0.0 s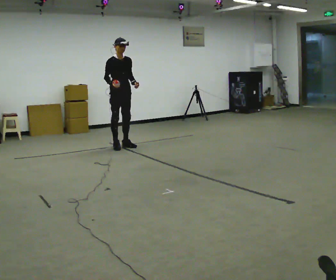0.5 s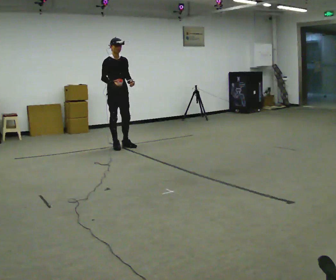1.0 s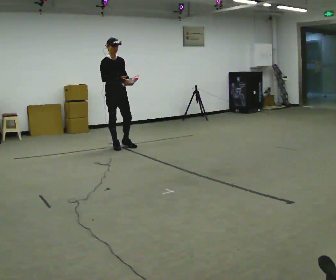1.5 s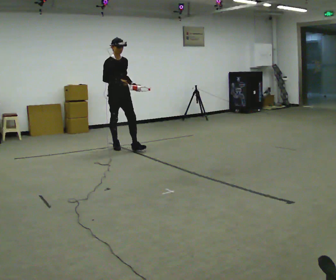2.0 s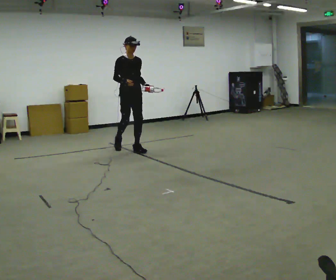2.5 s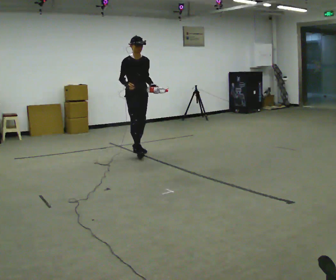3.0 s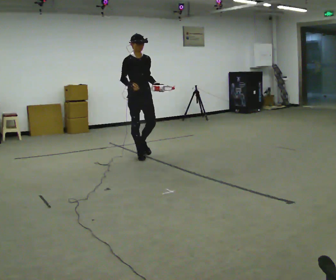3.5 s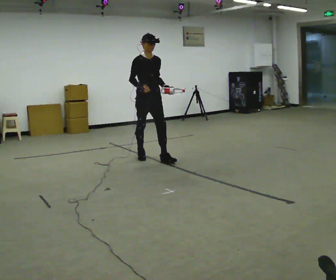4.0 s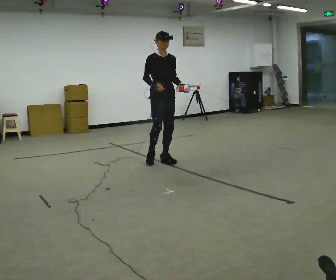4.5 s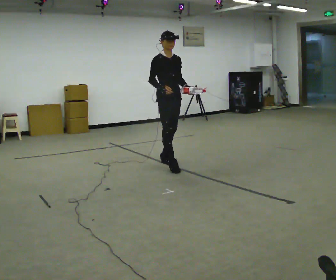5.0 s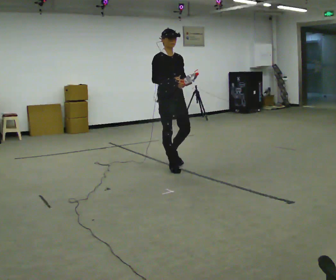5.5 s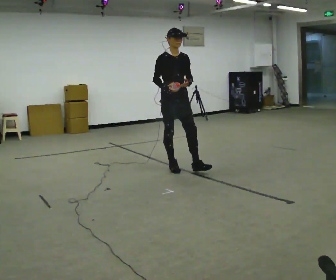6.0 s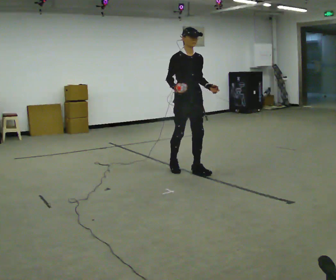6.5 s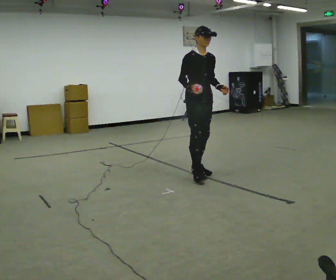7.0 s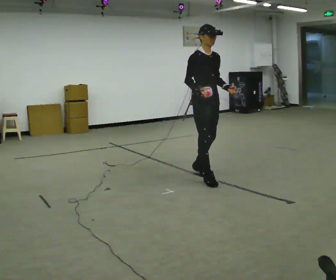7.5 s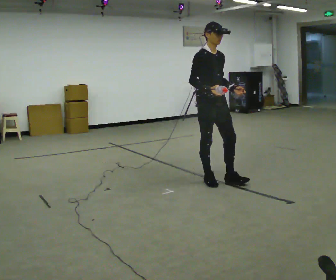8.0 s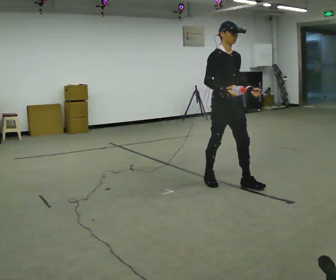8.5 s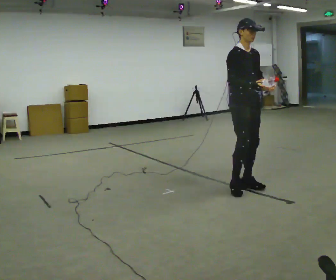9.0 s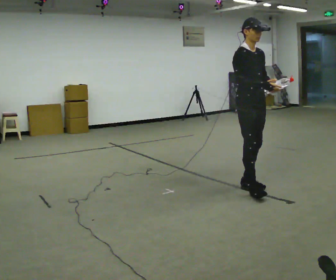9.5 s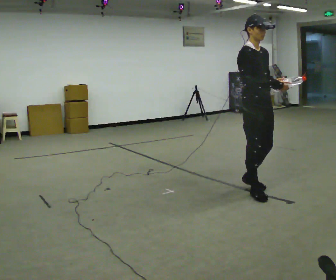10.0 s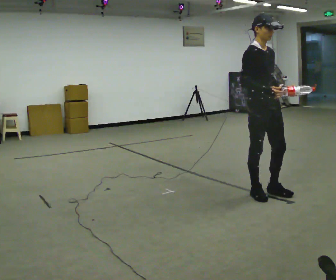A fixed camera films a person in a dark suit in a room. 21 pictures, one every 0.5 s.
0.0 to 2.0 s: In the picture they go toward the camera and to the right, about 0.25 m in 1 step, which for them is forward.
2.0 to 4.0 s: In the picture they go toward the camera and to the right, about 1 m in 2 steps, which for them is forward.
4.0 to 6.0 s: In the picture they go toward the camera and to the right, about 0.75 m in 2 steps, which for them is forward.
6.0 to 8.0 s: In the picture they go toward the camera and to the right, about 0.5 m in 2 steps, which for them is forward.
8.0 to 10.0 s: In the picture they go toward the camera and to the right, about 0.5 m in 2 steps, which for them is forward.
The film runs forward here.
